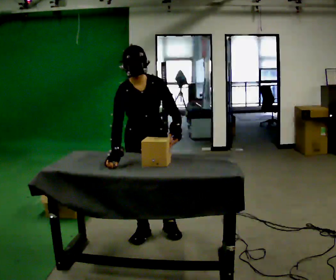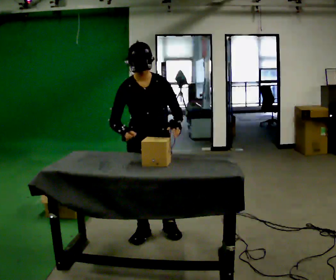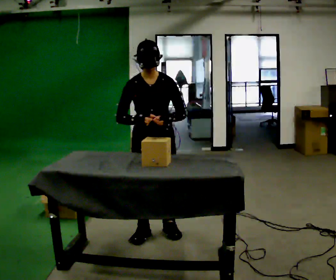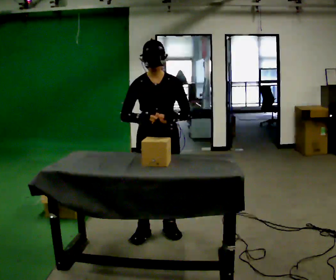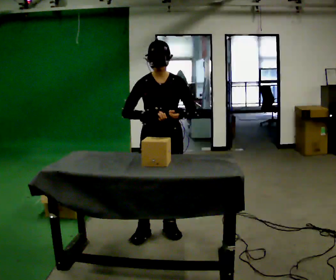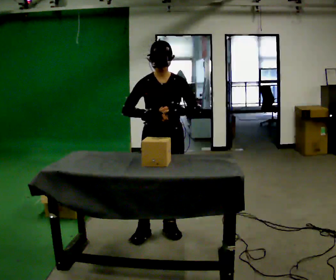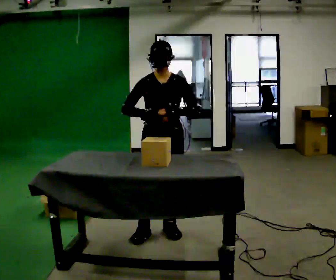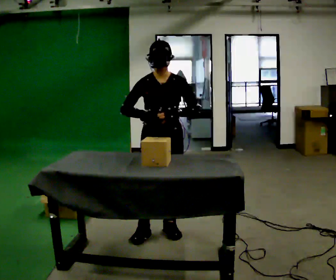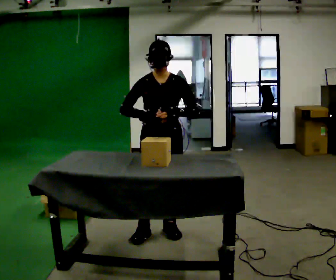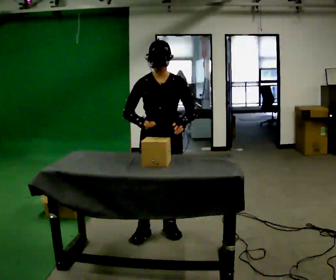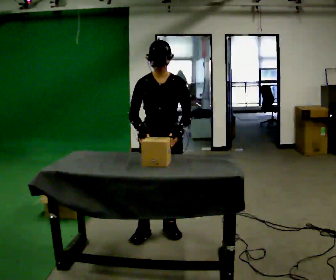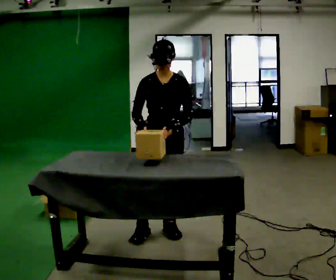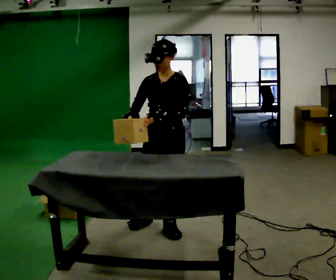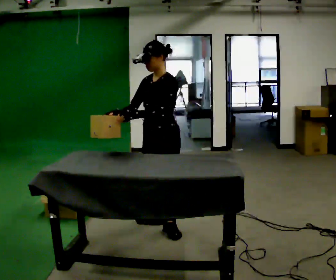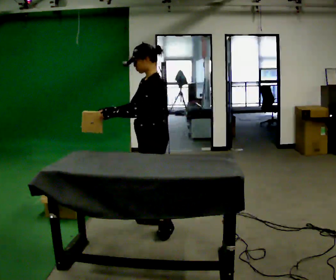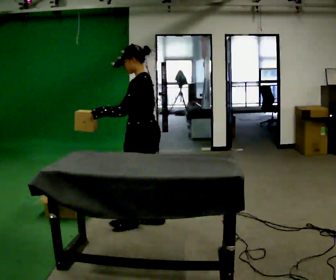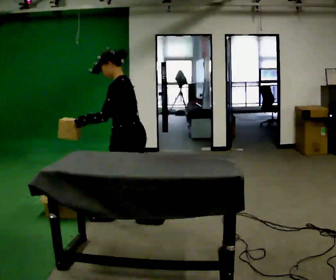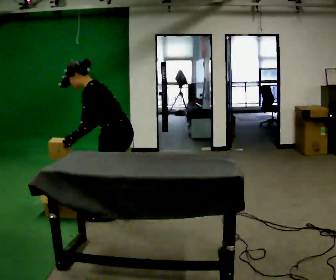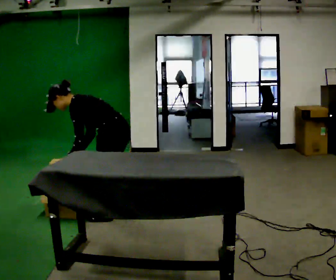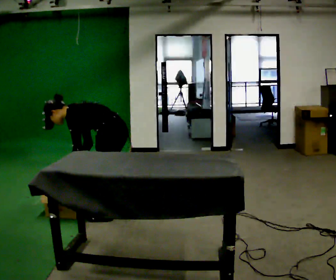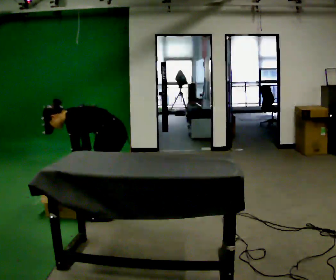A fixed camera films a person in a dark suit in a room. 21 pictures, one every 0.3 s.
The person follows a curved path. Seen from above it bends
counterclockwise.
The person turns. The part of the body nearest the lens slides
to the left.
0.0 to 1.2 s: The upper body tips away from the camera, its near side rolling upward, as they lean back or straighten.
1.2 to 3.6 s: The person moves a little, or ends about where they began.
3.6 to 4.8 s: The part of the body nearest the lens slides to the left as the person turns to their right by about 75 degrees. In the picture they go to the left and away from the camera, about 0.5 m in 2 steps. In the picture the upper body tilts counterclockwise, shoulders to the left.
4.8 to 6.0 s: In the picture they go to the left, about 0.25 m in 1 step, which for them is forward. The shoulders move downward. In the picture the upper body tilts counterclockwise, shoulders to the left, as they bend forward. In the picture their right hand goes downward.
The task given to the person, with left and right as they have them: Take objects out of the bin one at a time and lay them out on the table, stepping between the bin and the table each time. Keep going until the operator says stop; one object at a time, and do not rush between trips.
The film runs forward here.
